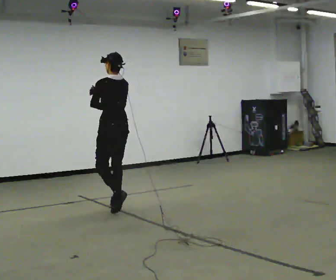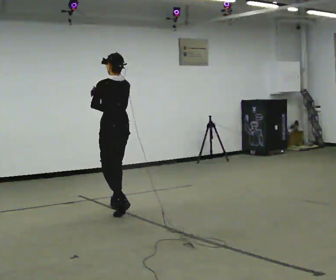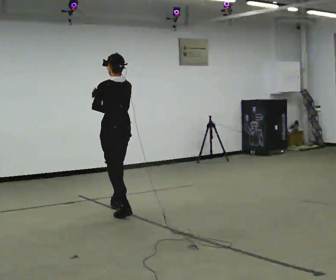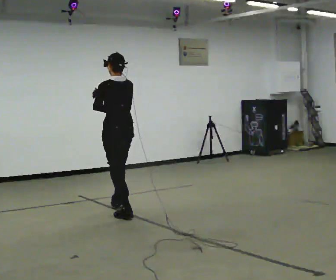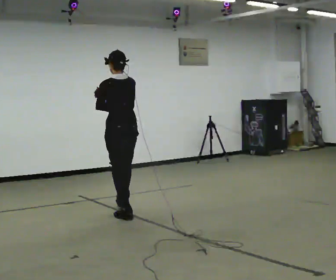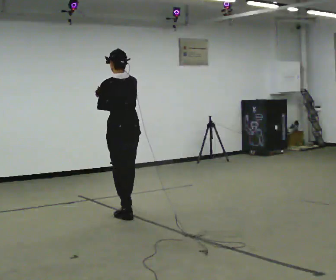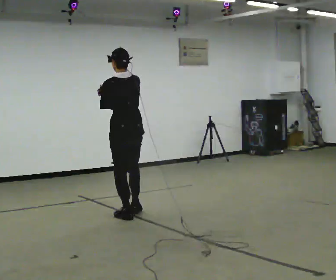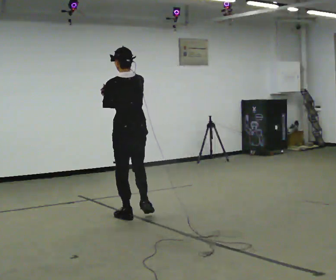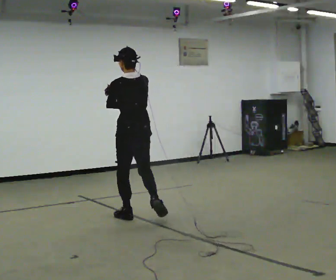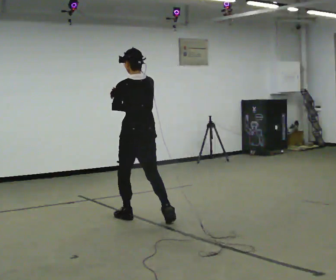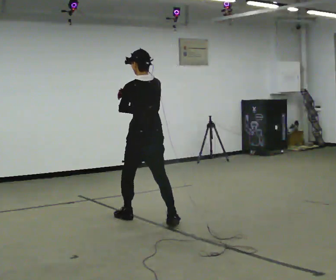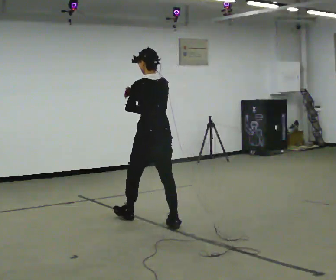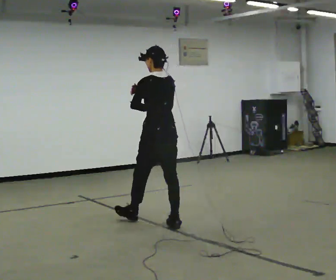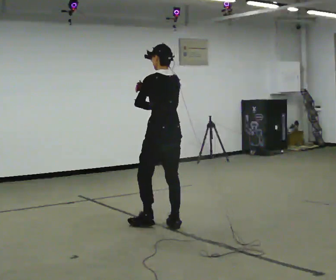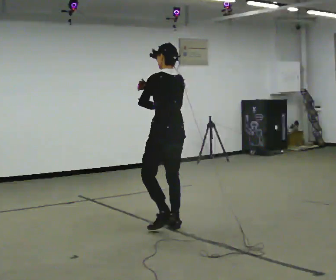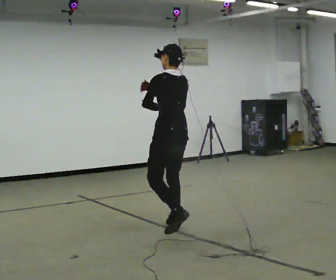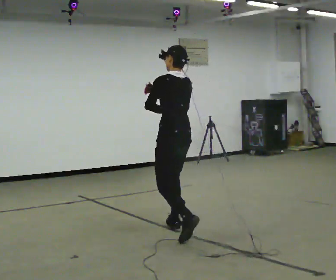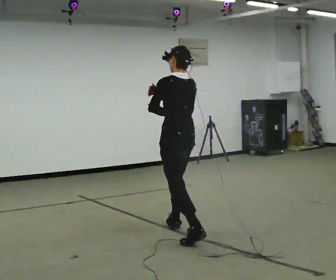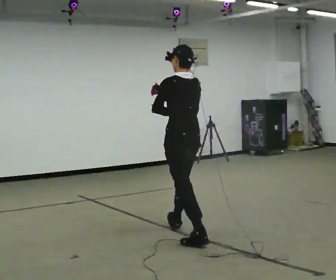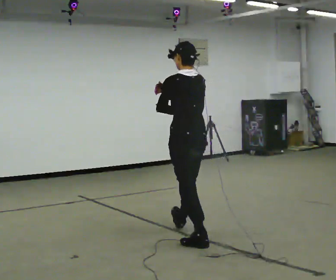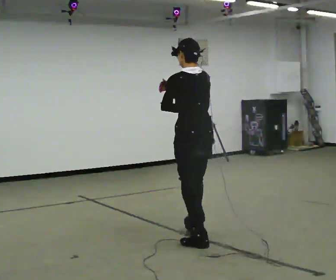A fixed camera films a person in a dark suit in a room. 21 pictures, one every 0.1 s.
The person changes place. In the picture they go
toward the camera.
0.0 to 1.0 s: In the picture they go toward the camera and to the right, about 0.75 m in 1 step, which for them is backward.
1.0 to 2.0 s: In the picture they go toward the camera and to the right, about 1 m in 2 steps, which for them is backward.
The film runs backward here.
